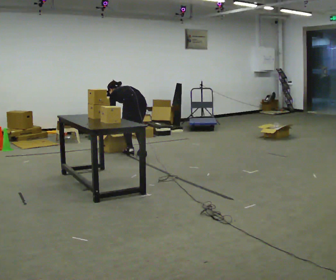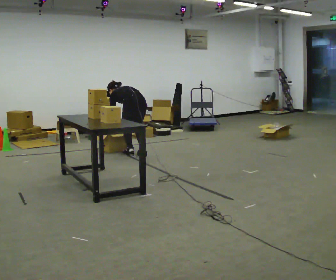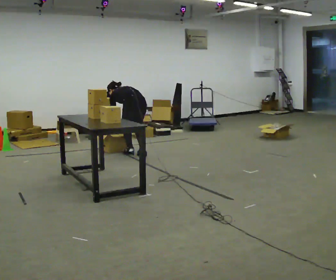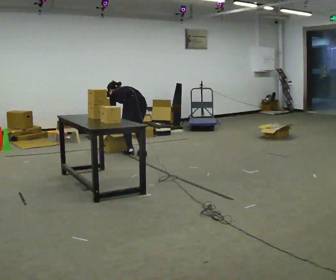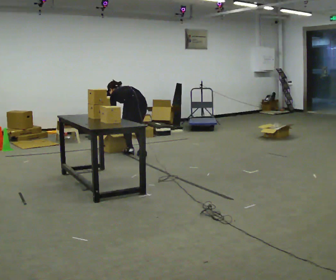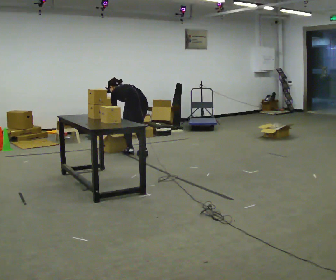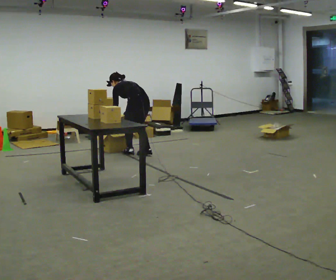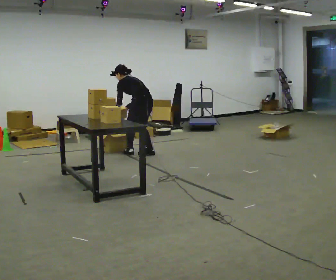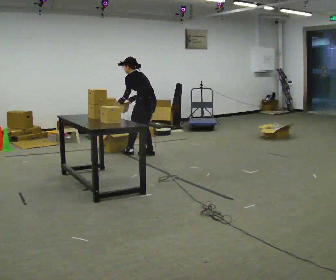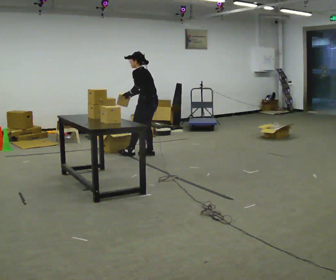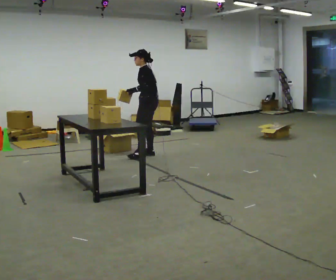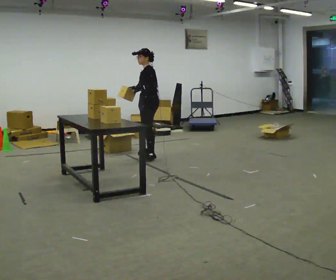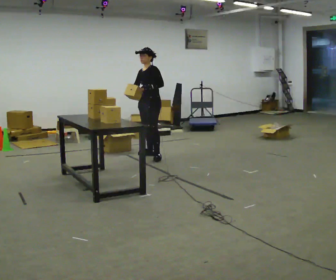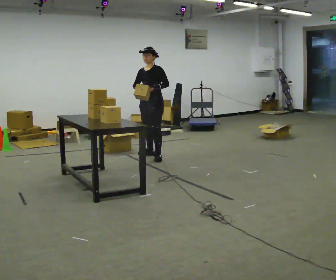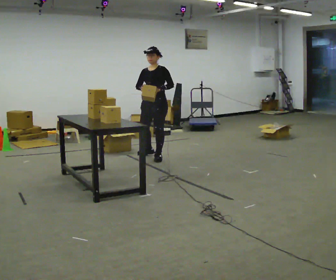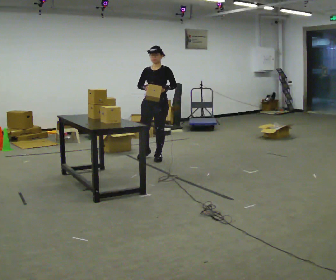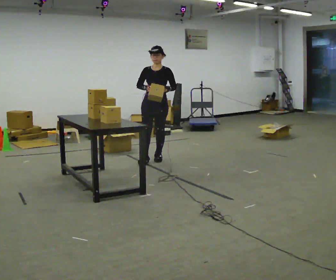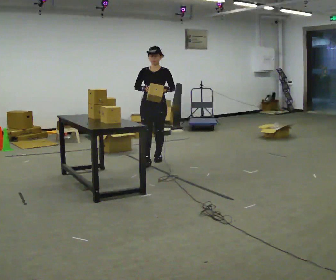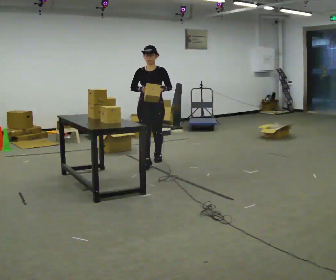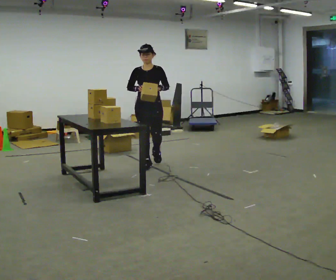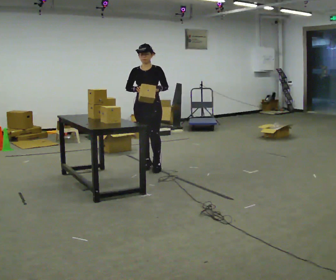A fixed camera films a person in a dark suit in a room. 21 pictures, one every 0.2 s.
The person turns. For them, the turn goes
to their left.
The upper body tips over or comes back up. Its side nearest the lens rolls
downward.
0.0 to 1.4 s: The upper body goes upward. The upper body tips toward the camera, its near side rolling downward, as they lean back or straighten. In the picture their left hand goes upward.
1.4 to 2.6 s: The person turns about 90 degrees to their left, counterclockwise seen from above, so the part of the body nearest the lens slides to the right. The upper body goes upward. The upper body tips toward the camera, its near side rolling downward, as they lean back or straighten.
2.6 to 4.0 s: Seen from above the body turns counterclockwise, about 30 degrees: to their left, with its near side sliding to the right. In the picture they go toward the camera, about 0.5 m in 1 step, which for them is forward.
The film runs forward here.
